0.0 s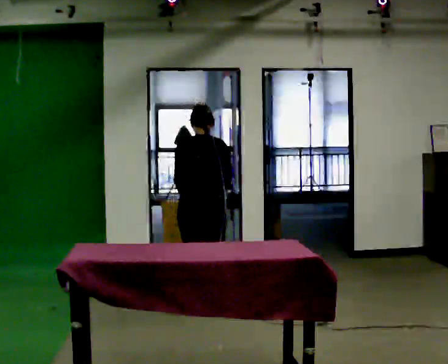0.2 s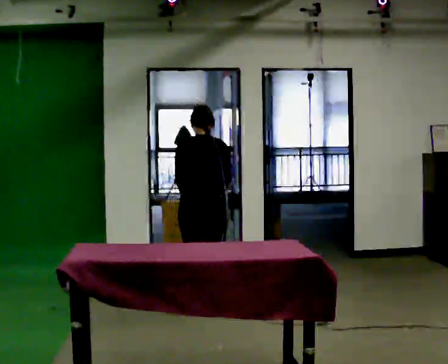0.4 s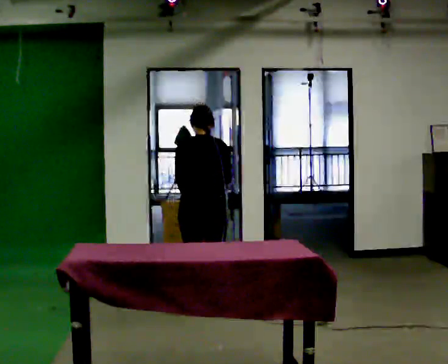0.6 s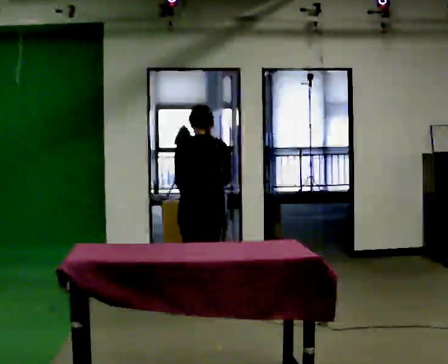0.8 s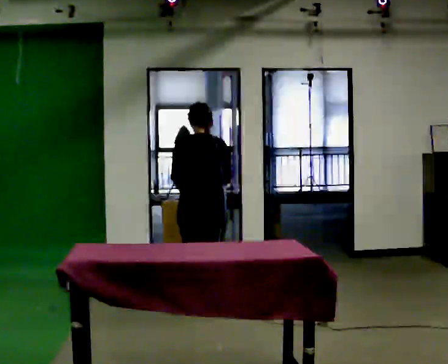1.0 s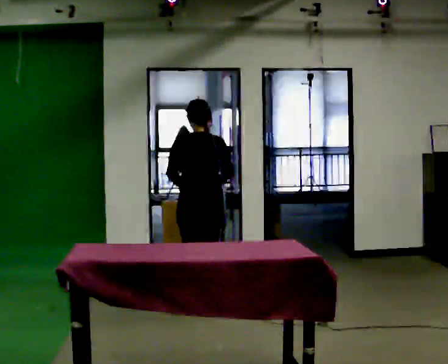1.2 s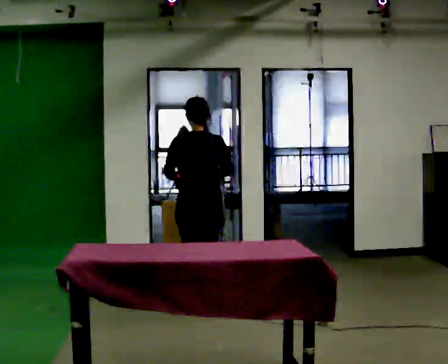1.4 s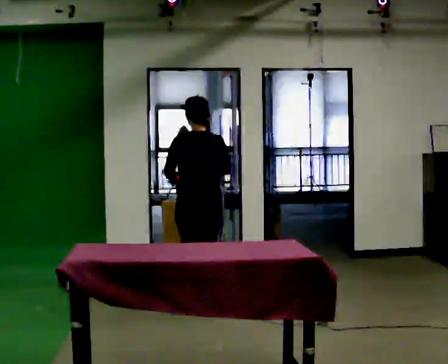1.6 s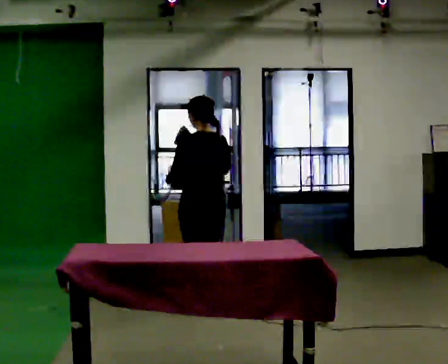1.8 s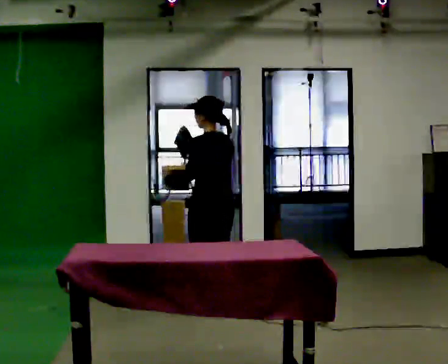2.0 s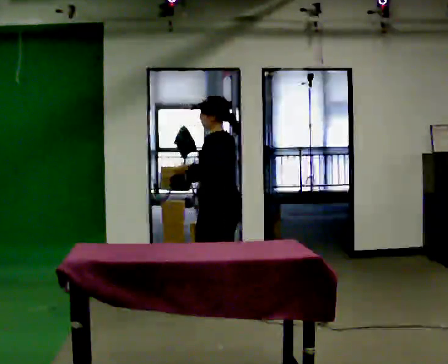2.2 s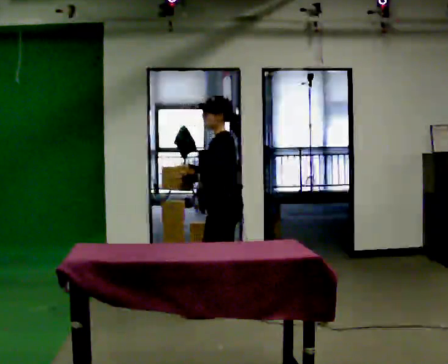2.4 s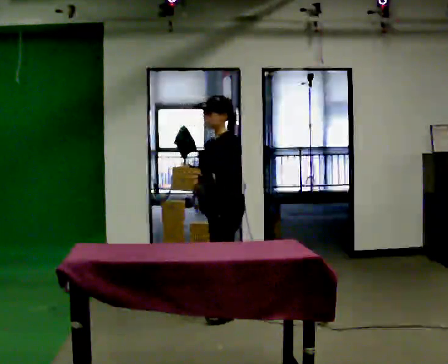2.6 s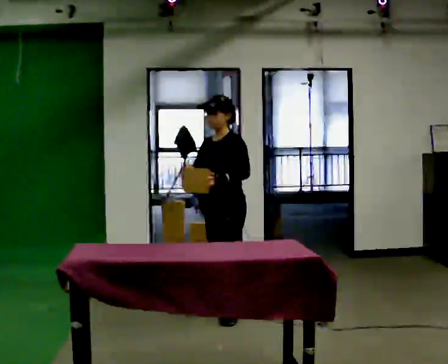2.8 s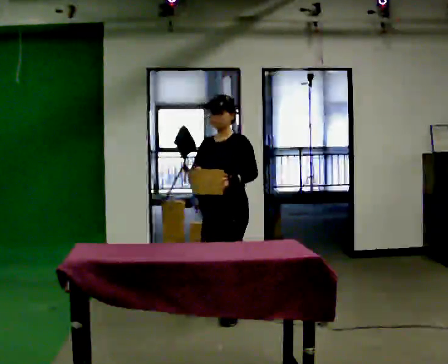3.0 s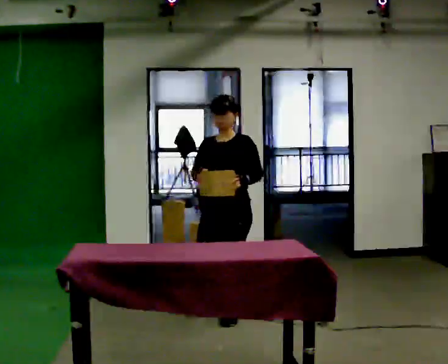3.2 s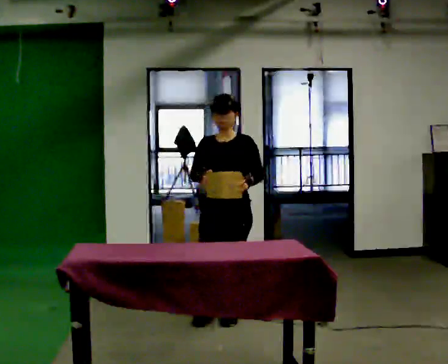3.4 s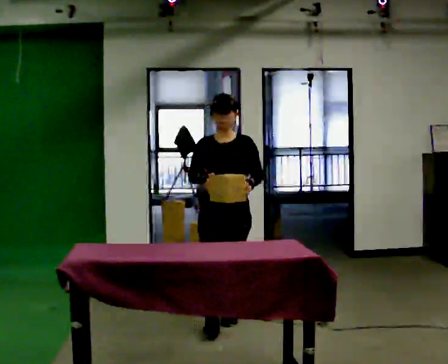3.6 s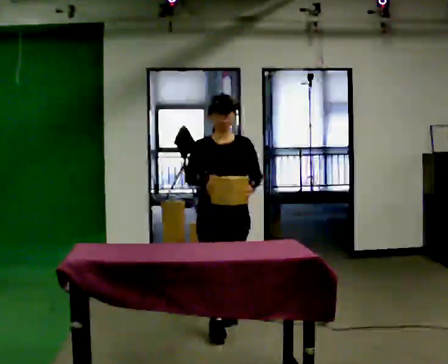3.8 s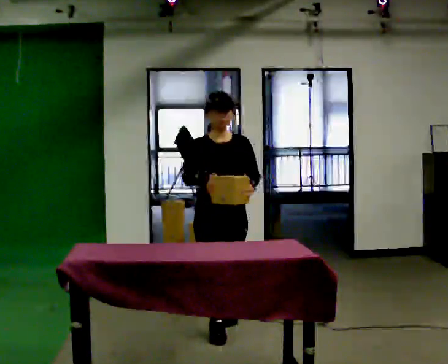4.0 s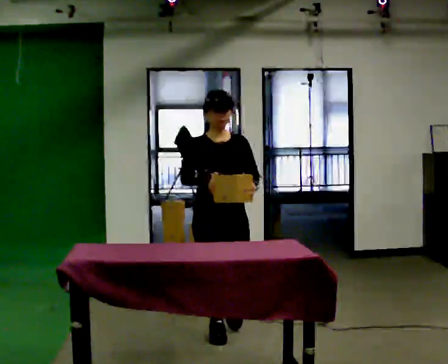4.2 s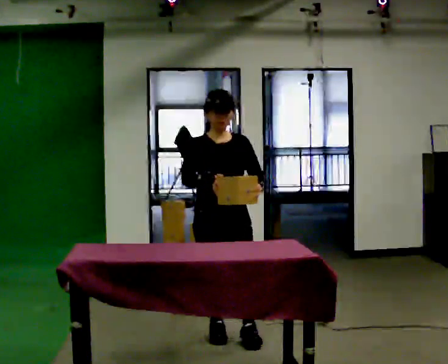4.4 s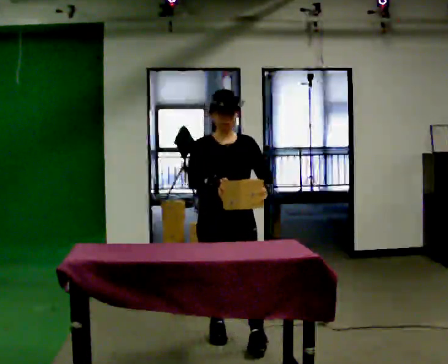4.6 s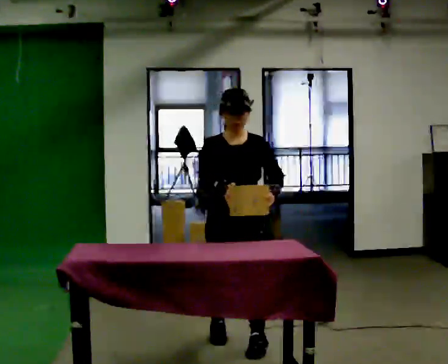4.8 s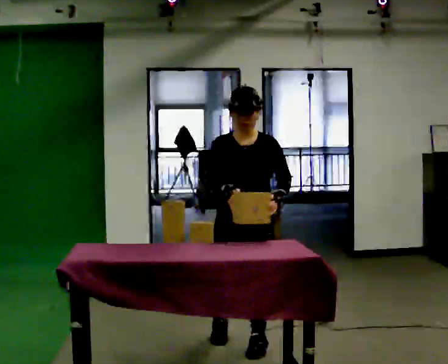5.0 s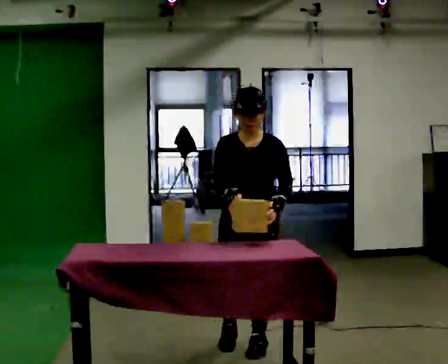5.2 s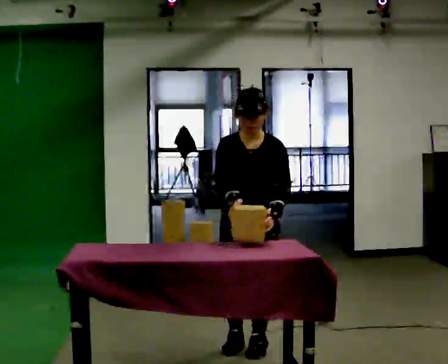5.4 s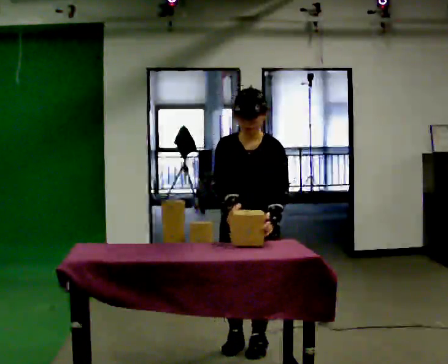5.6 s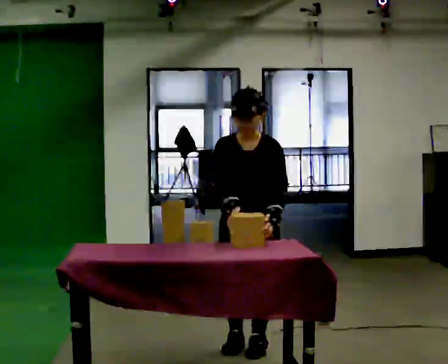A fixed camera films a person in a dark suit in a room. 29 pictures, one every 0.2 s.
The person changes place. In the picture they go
toward the camera.
0.0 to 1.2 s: The upper body tips toward the camera, its near side rolling downward, as they lean back or straighten.
1.2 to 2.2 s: The person turns about 75 degrees to their left, counterclockwise seen from above, so the part of the body nearest the lens slides to the right. In the picture they go to the right, about 0.25 m.
2.2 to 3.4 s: The part of the body nearest the lens slides to the right as the person turns to their left by about 90 degrees. In the picture they go toward the camera, about 0.5 m in 1 step.
3.4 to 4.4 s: In the picture they go toward the camera, about 0.5 m in 2 steps, which for them is forward.
4.4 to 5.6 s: In the picture they go toward the camera, about 0.25 m in 1 step, which for them is to their left and forward. The upper body tips toward the camera, its near side rolling downward, as they bend forward.
The film runs forward here.
